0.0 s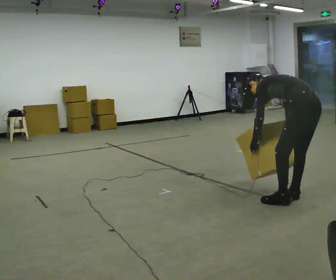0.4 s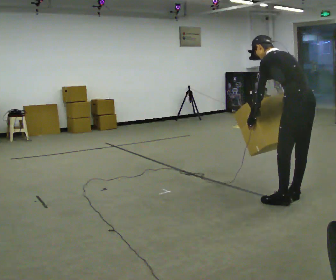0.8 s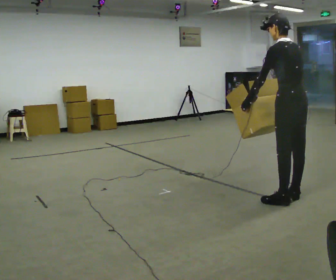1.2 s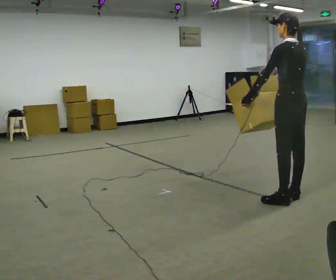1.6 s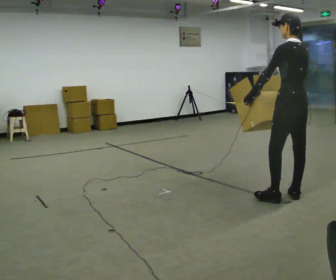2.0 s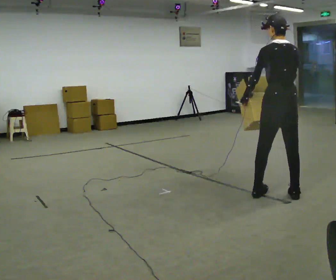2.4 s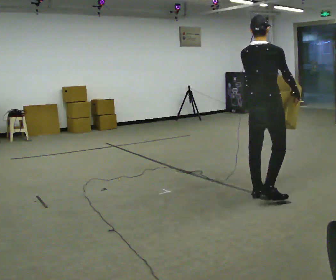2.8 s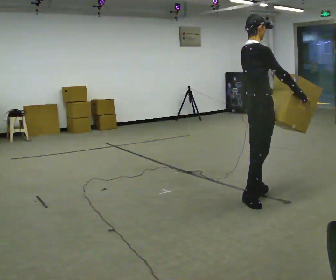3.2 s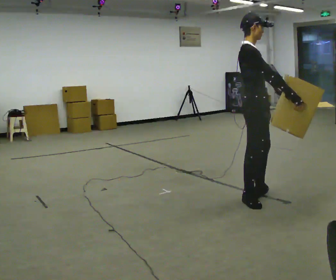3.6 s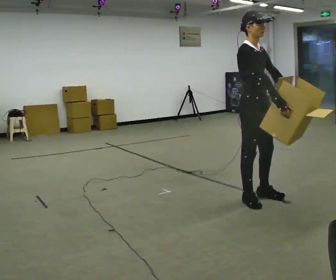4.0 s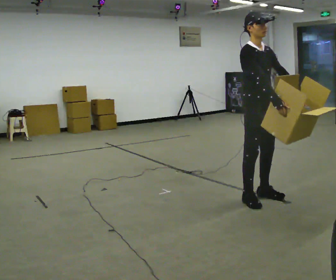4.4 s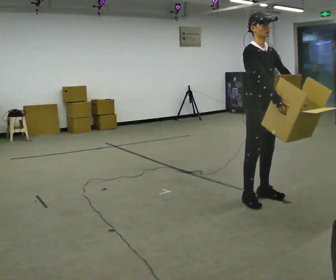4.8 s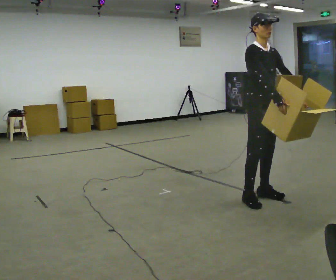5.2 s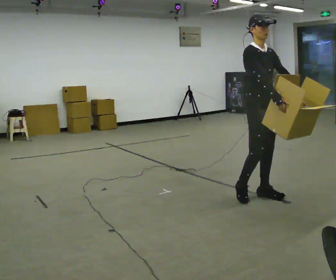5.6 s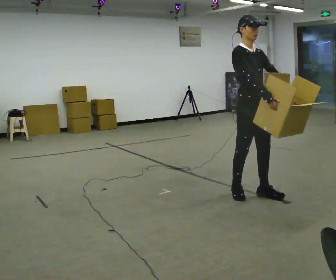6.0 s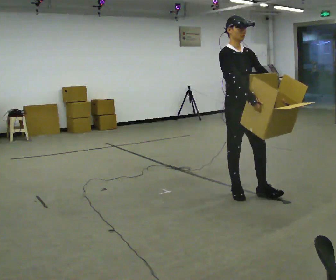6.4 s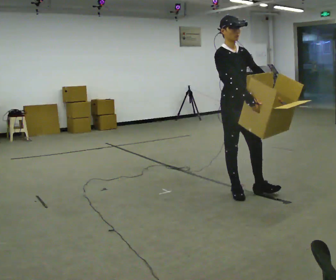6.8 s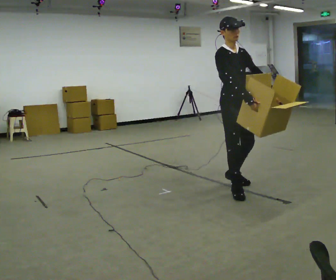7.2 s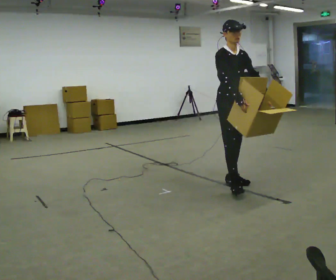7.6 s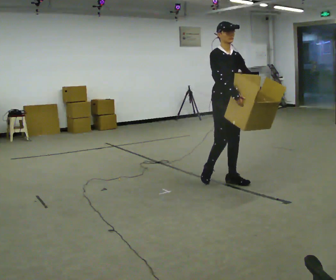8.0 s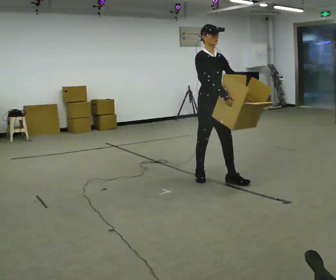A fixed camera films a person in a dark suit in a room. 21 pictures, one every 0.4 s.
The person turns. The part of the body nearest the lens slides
to the left.
The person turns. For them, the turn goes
to their right.
0.0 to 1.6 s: The shoulders move upward. In the picture the upper body tilts clockwise, shoulders to the right, as they lean back or straighten. In the picture their right hand goes upward.
1.6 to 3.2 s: The part of the body nearest the lens slides to the left as the person turns to their right by about 135 degrees. In the picture they go to the left, about 0.5 m in 1 step.
3.2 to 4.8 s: Seen from above the body turns clockwise, about 45 degrees: to their right, with its near side sliding to the left.
4.8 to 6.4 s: In the picture they go to the left, about 0.25 m in 2 steps, which for them is backward.
6.4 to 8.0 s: In the picture they go away from the camera and to the left, about 0.5 m in 1 step, which for them is backward.
The film runs backward here.
